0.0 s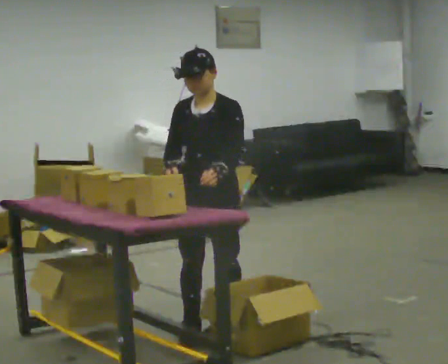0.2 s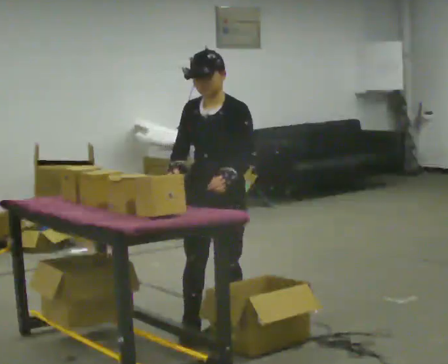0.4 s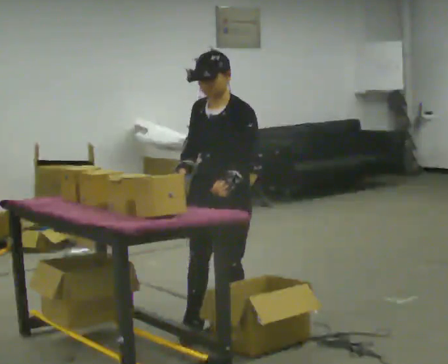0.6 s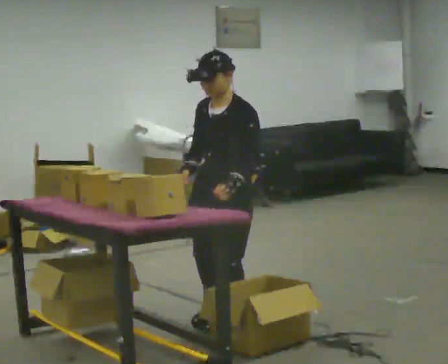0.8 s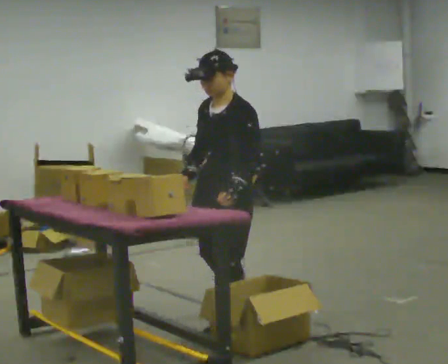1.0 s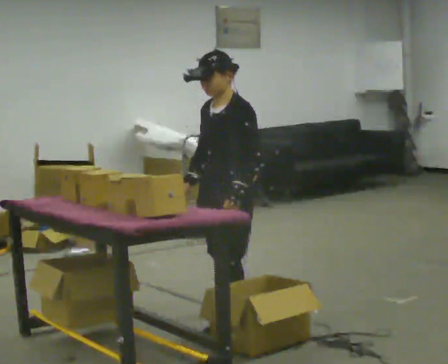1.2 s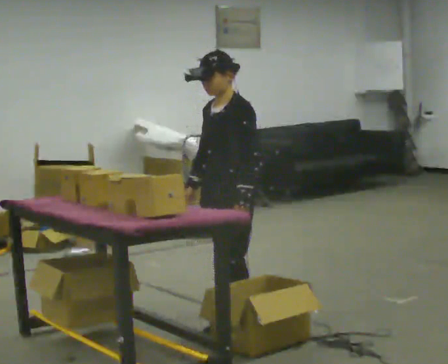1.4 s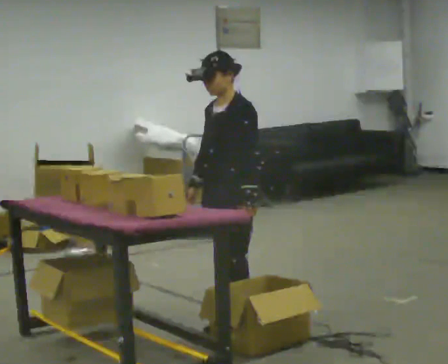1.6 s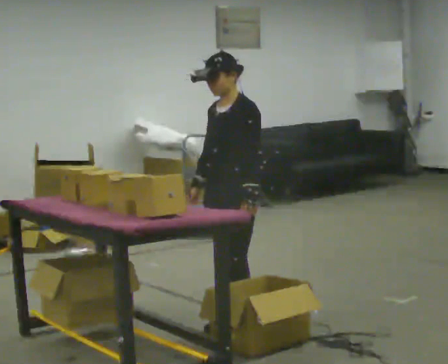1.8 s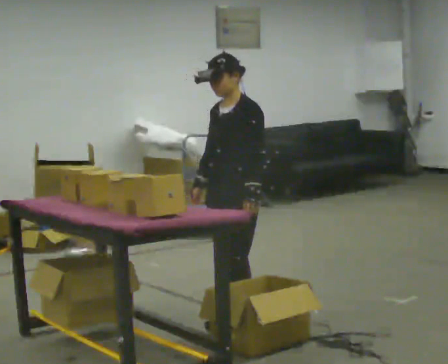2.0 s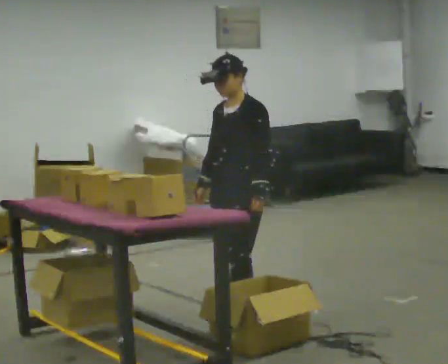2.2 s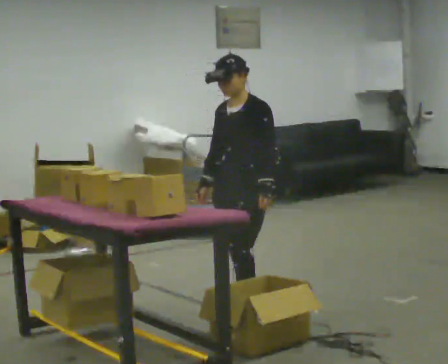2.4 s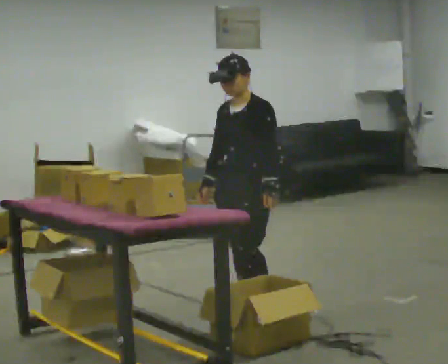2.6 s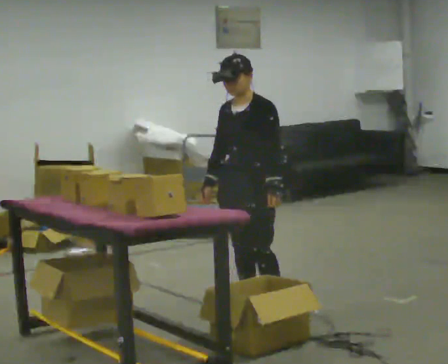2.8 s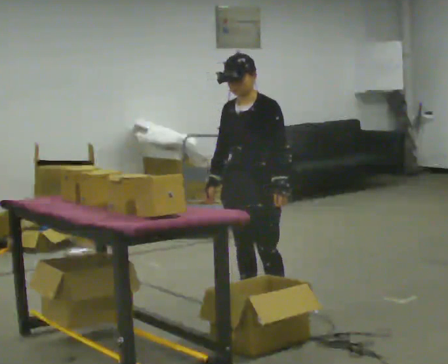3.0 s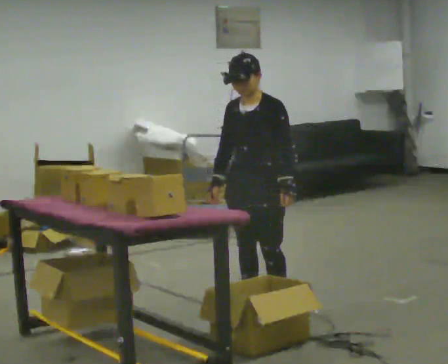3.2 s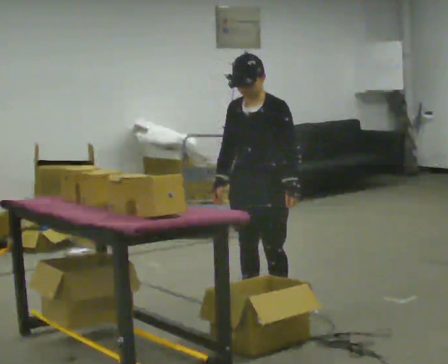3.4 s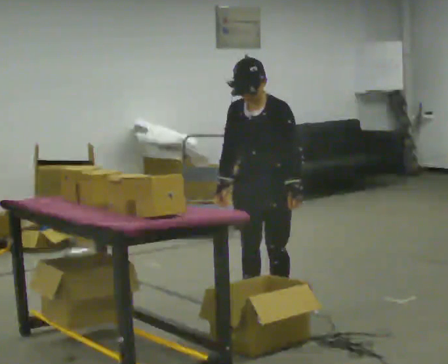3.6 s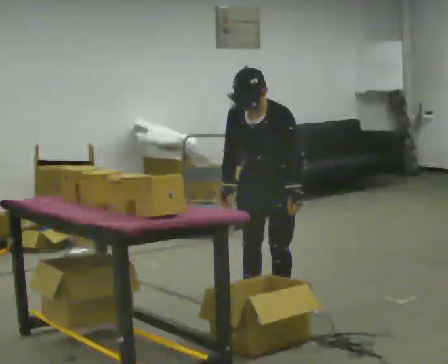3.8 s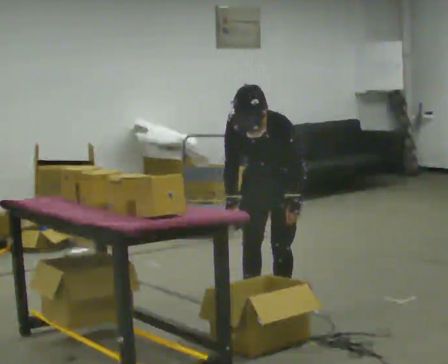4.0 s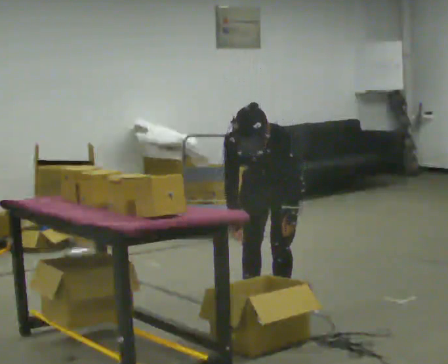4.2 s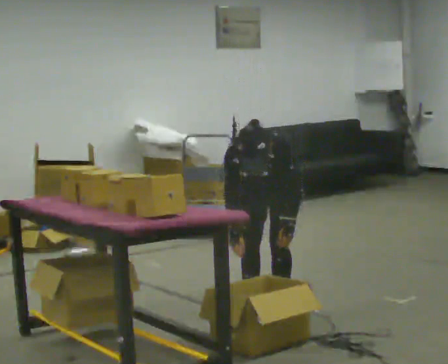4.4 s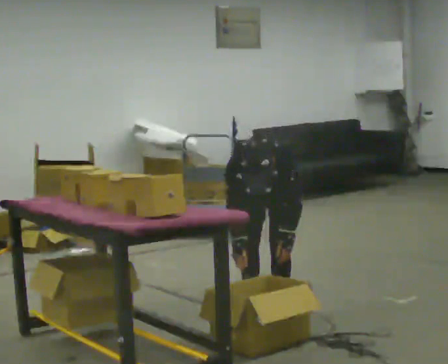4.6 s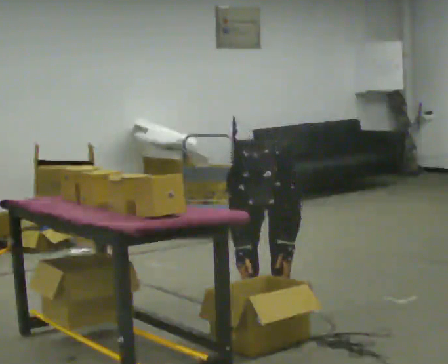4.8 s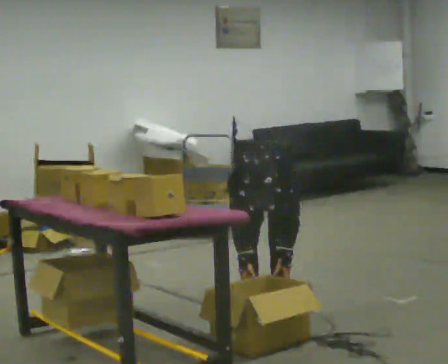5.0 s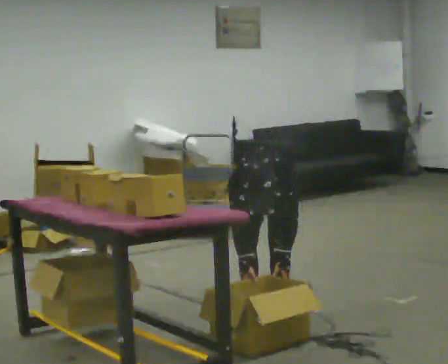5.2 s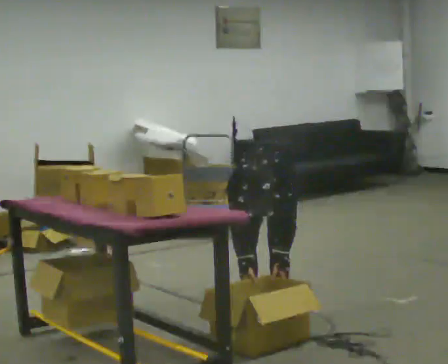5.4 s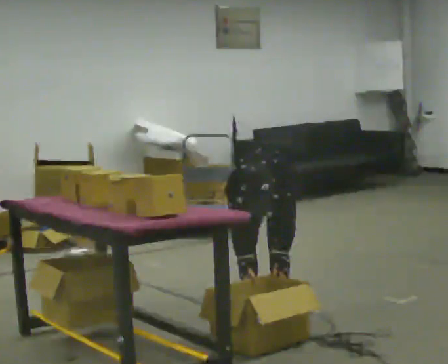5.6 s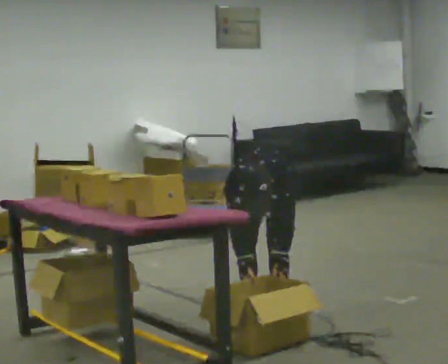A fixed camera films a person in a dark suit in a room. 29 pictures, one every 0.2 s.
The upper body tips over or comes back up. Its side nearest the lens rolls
downward.
Their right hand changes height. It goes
downward.
0.0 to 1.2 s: The part of the body nearest the lens slides to the left as the person turns to their right by about 30 degrees. In the picture they go away from the camera, about 0.25 m in 1 step, which for them is backward.
1.2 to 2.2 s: In the picture they go away from the camera, about 0.25 m, which for them is backward and to their right.
2.2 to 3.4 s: The person moves a little, or ends about where they began.
3.4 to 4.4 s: The shoulders move downward. The upper body tips toward the camera, its near side rolling downward, as they bend forward. In the picture their right hand goes downward.
4.4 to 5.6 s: The person moves a little, or ends about where they began.
The film runs forward here.
